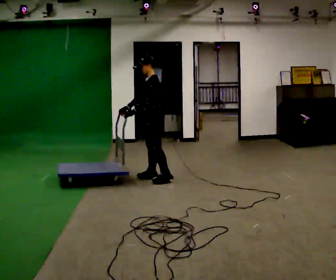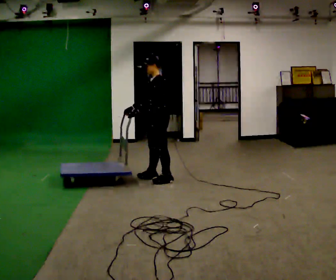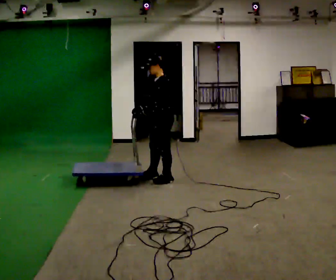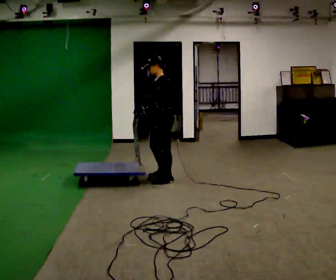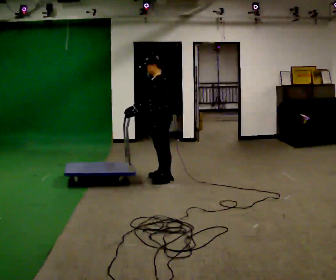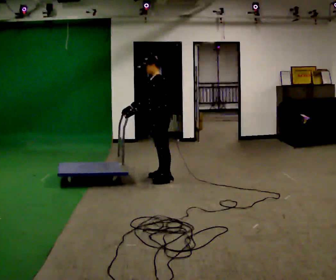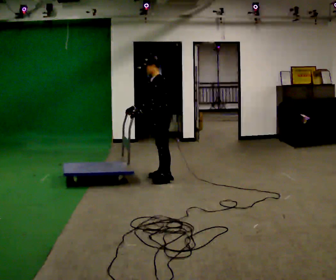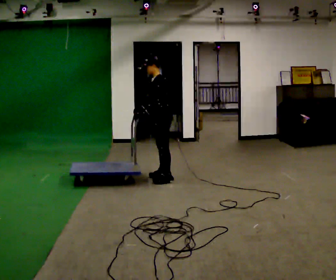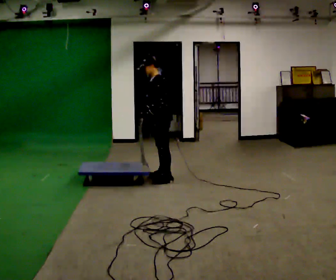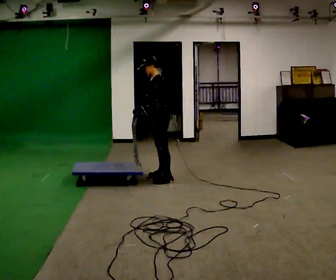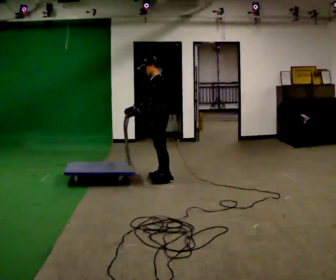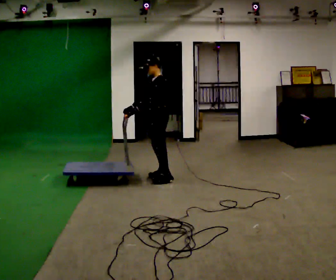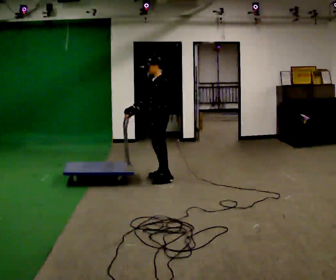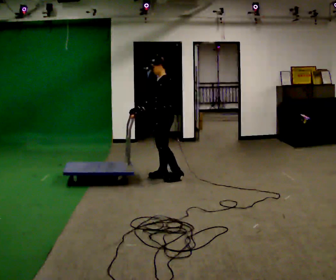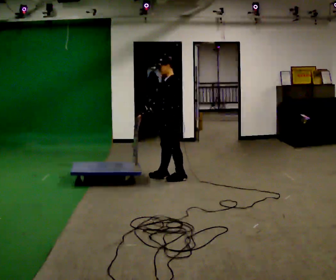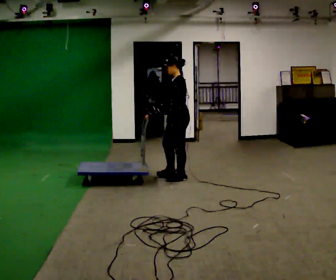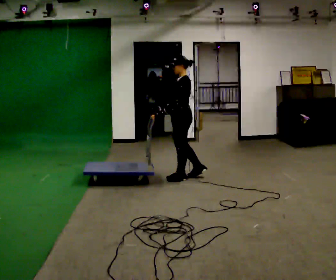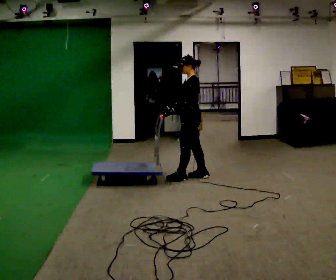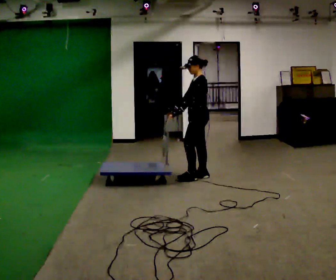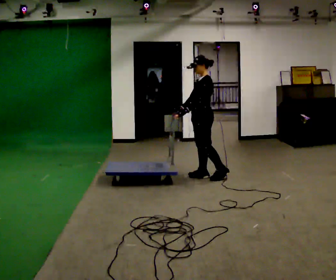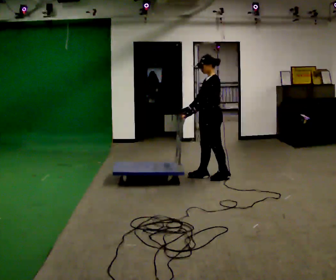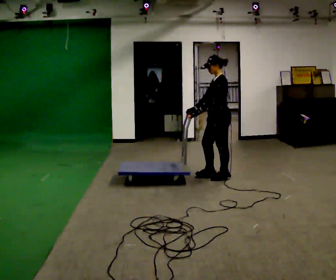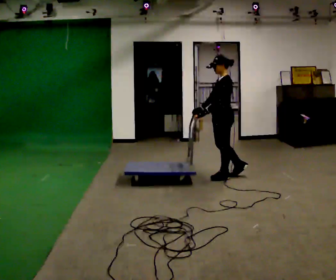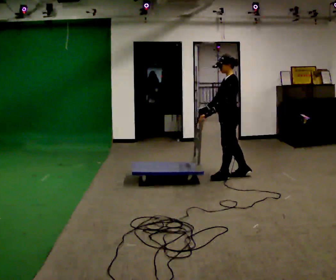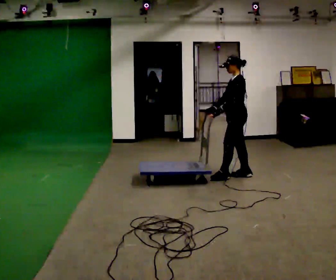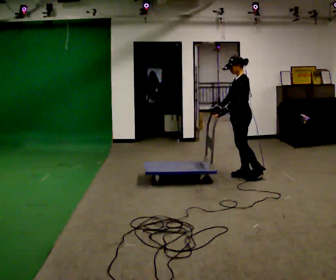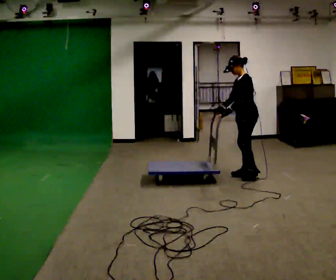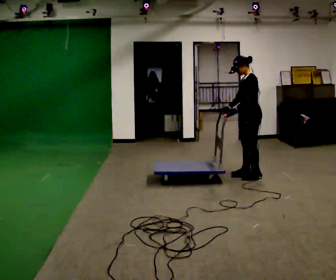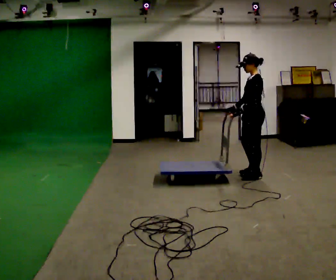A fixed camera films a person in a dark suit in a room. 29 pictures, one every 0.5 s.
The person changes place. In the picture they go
to the right.
0.0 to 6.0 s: The person moves a little, or ends about where they began.
6.0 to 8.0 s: In the picture they go to the right, about 0.25 m in 2 steps, which for them is backward and to their left.
8.0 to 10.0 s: In the picture they go to the right, about 0.25 m in 1 step, which for them is backward.
10.0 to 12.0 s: In the picture they go to the right, about 0.25 m in 1 step, which for them is backward.
12.0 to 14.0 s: In the picture they go to the right, about 0.25 m in 1 step, which for them is to their left and backward.
The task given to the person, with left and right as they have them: Get the cart into the marked parking space and lined up with the tape. Take as many adjustments as you need. Then take it out again and repeat.
The film runs forward here.
